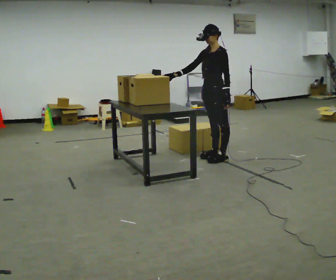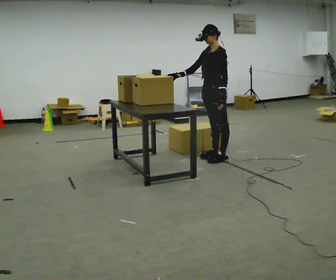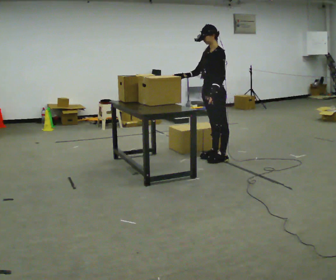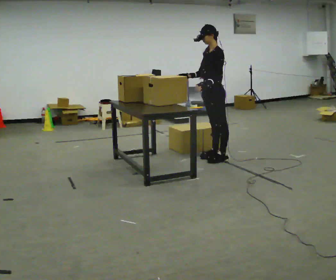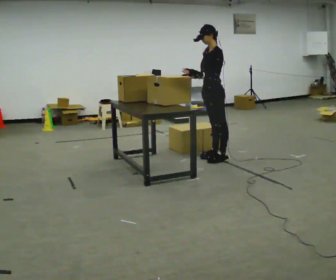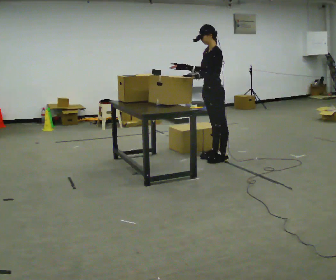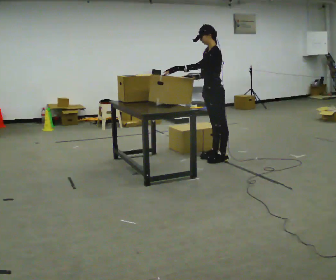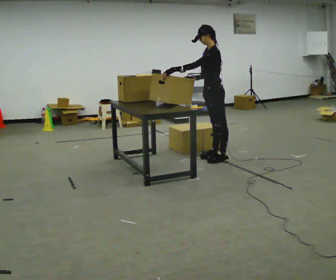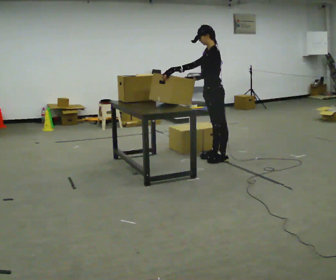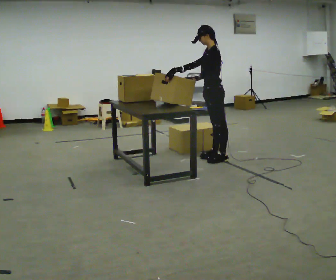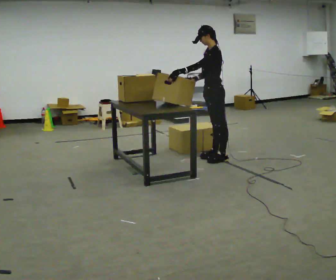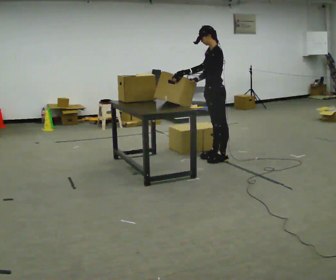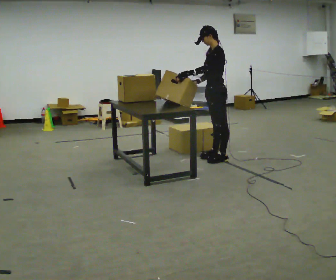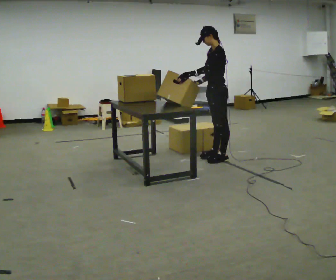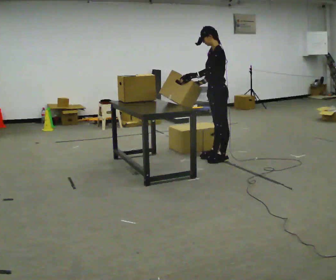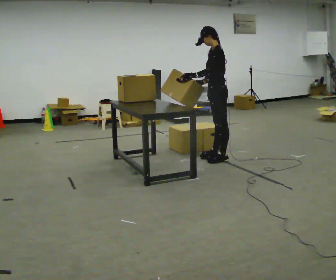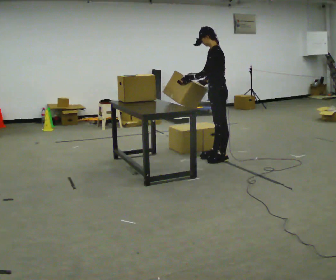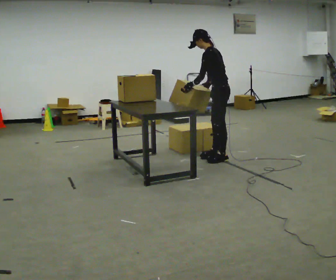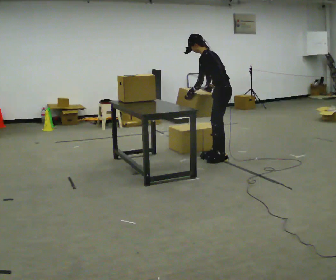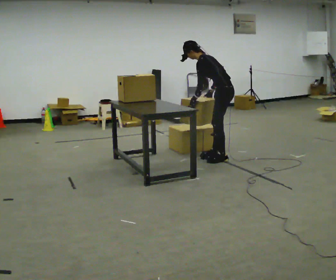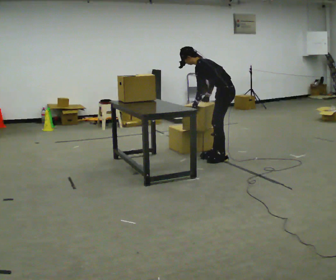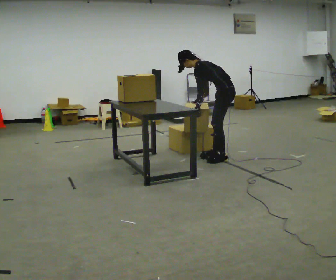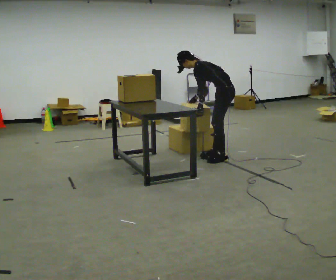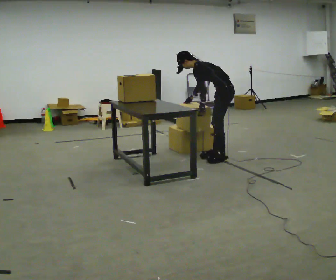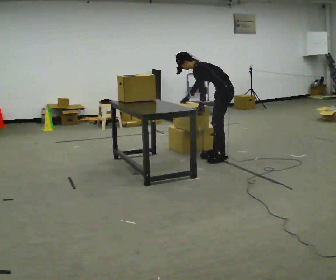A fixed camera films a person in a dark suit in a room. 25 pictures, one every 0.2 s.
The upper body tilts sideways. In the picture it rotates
counterclockwise.
0.0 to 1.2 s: In the picture their left hand goes to the left, the arm swinging clockwise.
1.2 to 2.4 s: The person moves a little, or ends about where they began.
2.4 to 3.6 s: In the picture the upper body tilts counterclockwise, shoulders to the left, as they bend forward.
3.6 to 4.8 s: In the picture the upper body tilts counterclockwise, shoulders to the left, as they bend forward. In the picture their right hand goes to the left.
The film runs forward here.
